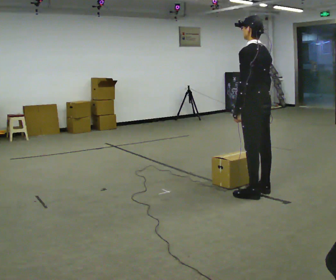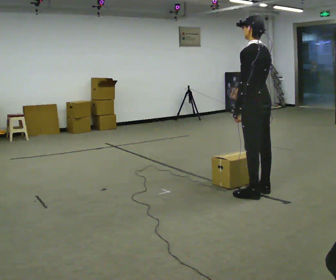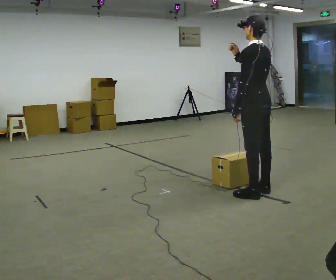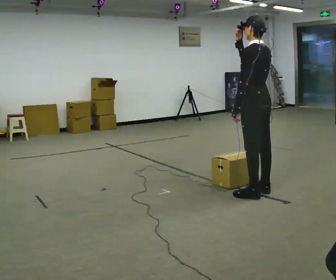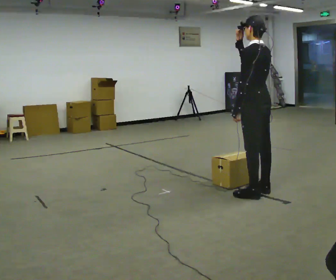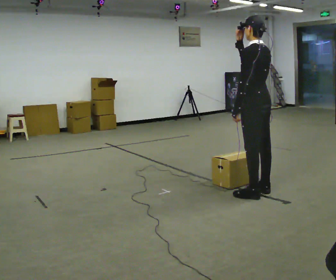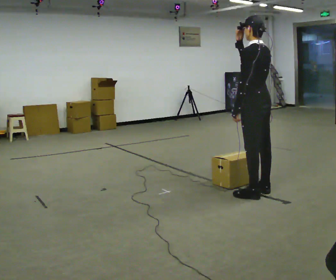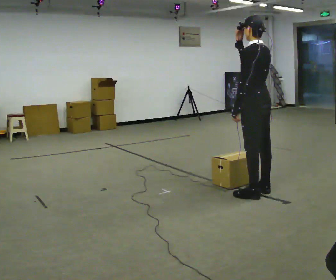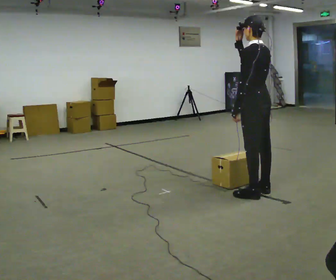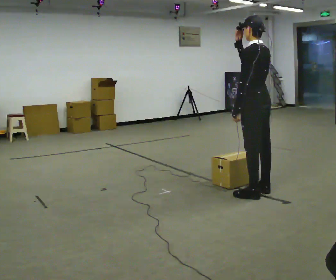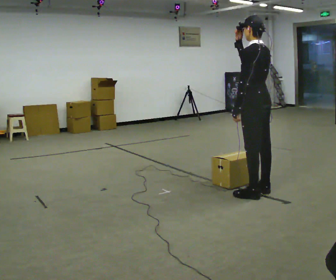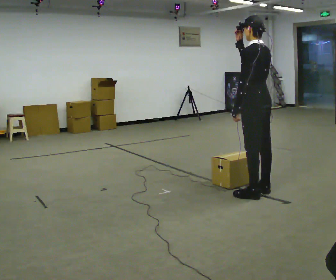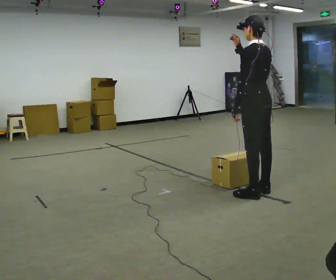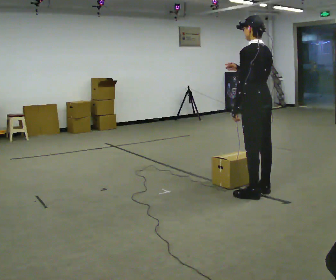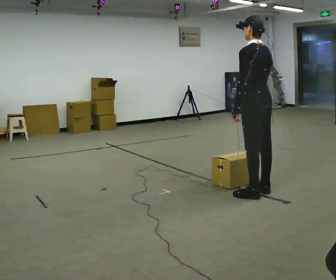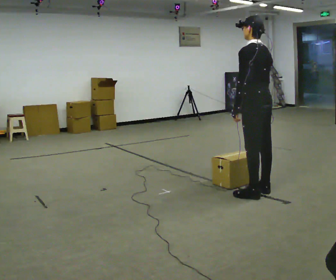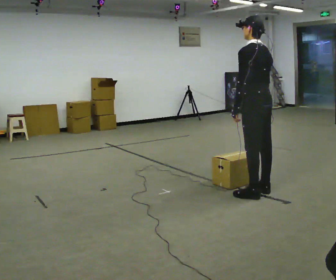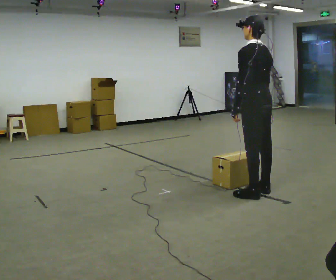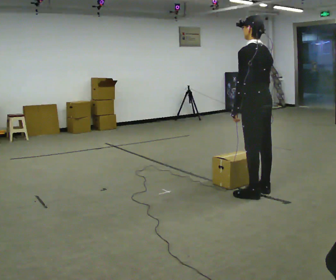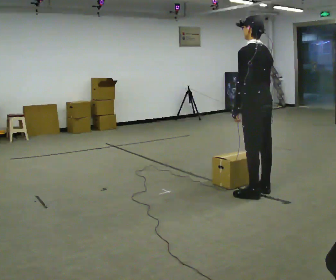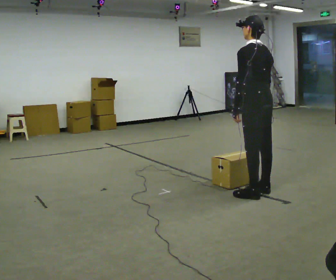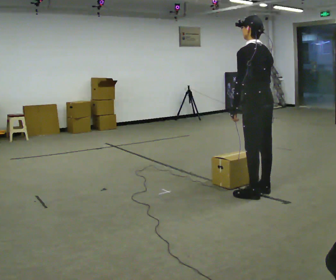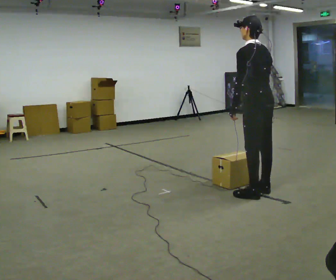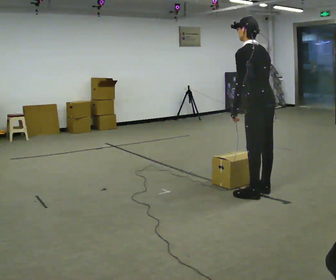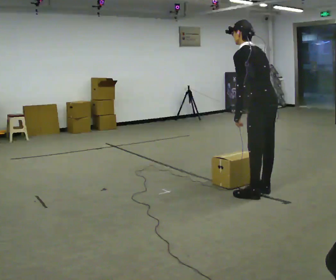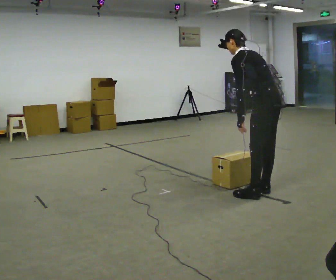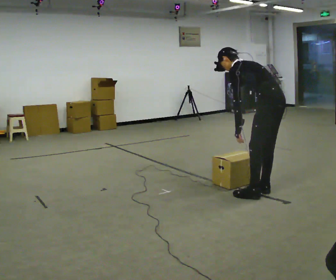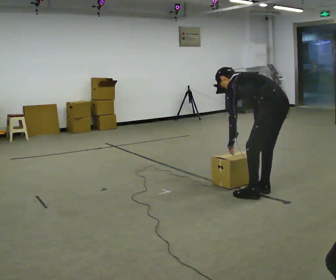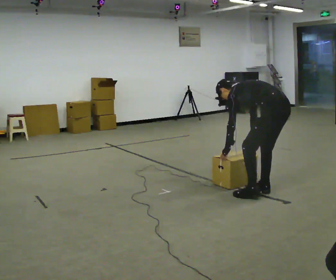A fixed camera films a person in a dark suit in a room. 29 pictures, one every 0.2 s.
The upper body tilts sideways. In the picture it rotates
counterclockwise.
The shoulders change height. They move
downward.
0.0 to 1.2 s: In the picture their right hand goes upward.
1.2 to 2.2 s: The person keeps their place and pose.
2.2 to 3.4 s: In the picture their right hand goes downward.
3.4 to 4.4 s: The person moves a little, or ends about where they began.
4.4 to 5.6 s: In the picture they go to the right, about 0.25 m, which for them is backward. The upper body goes downward. In the picture the upper body tilts counterclockwise, shoulders to the left, as they bend forward. In the picture their right hand goes downward.
The film runs backward here.
